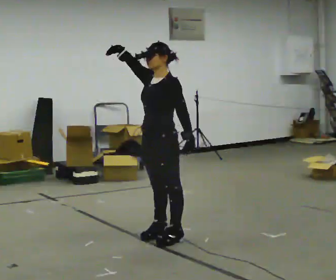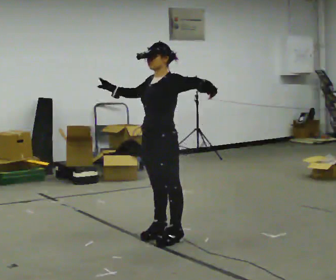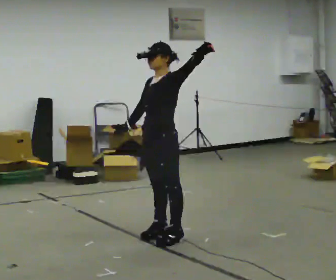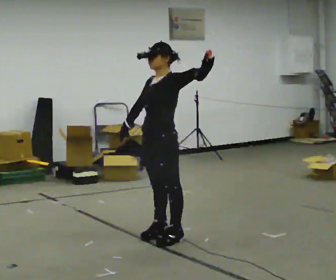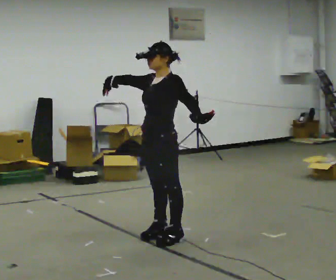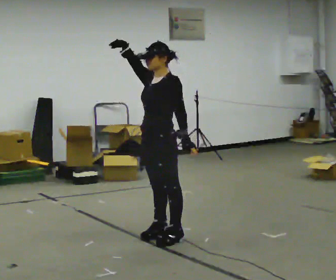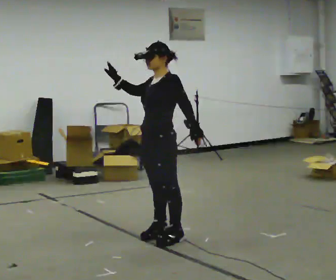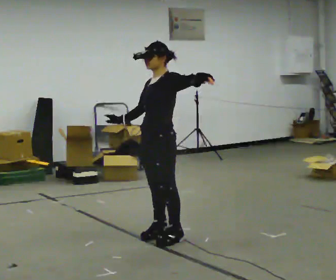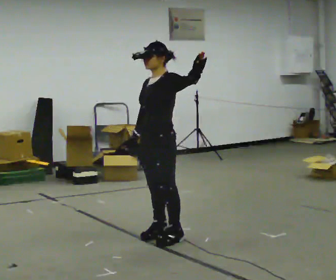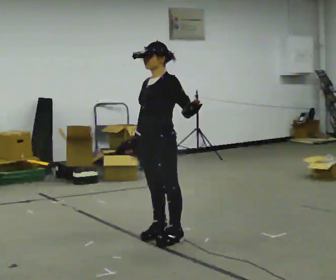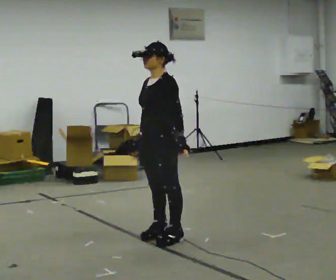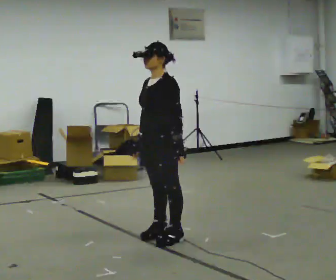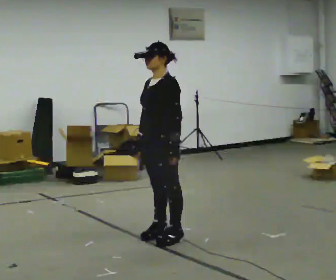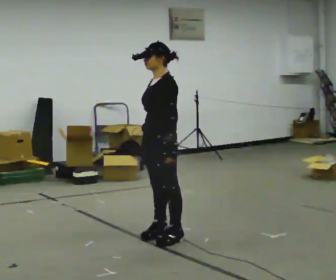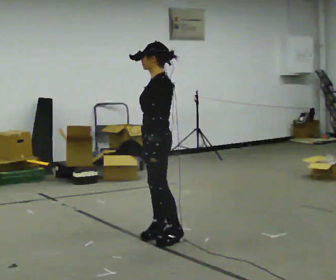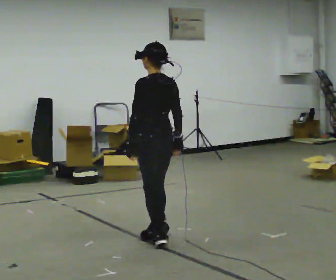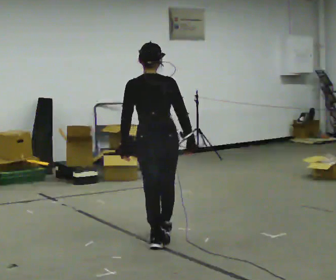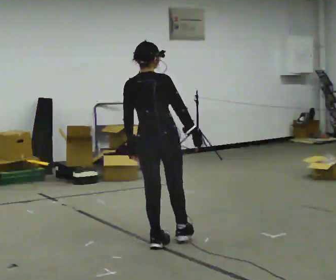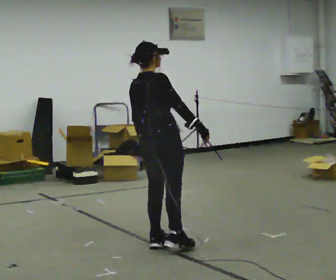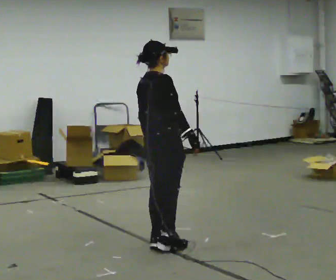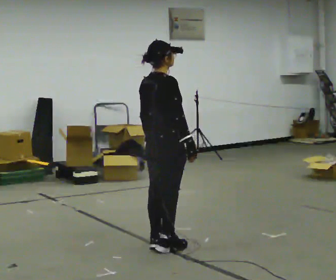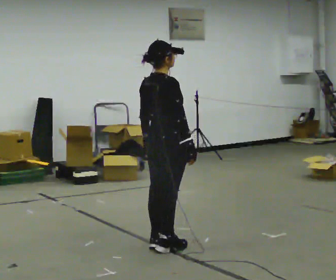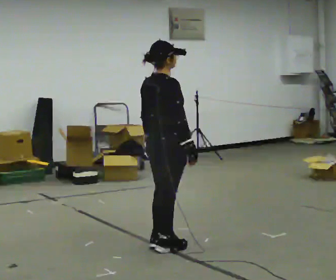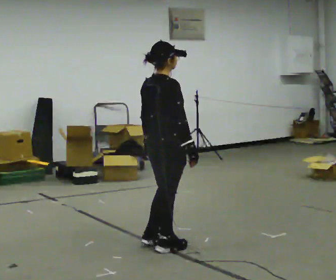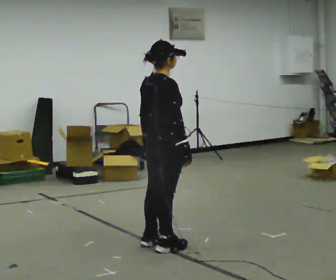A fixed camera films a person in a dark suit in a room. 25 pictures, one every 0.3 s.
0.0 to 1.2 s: The person moves a little, or ends about where they began.
1.2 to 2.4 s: In the picture their right hand goes downward.
2.4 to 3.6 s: In the picture their left hand goes downward.
3.6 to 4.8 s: The person turns about 135 degrees to their right, clockwise seen from above, so the part of the body nearest the lens slides to the left. In the picture their right hand goes to the right, the arm swinging counterclockwise.
4.8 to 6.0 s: The part of the body nearest the lens slides to the left as the person turns to their right by about 45 degrees.
6.0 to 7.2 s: The person moves a little, or ends about where they began.
The film runs forward here.
